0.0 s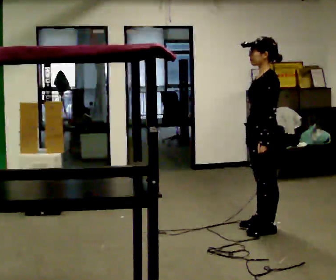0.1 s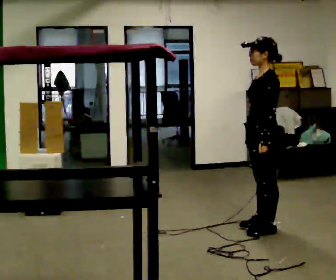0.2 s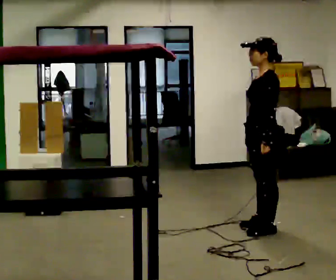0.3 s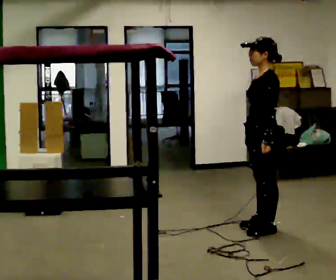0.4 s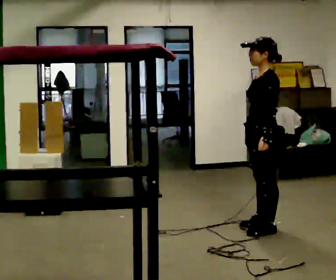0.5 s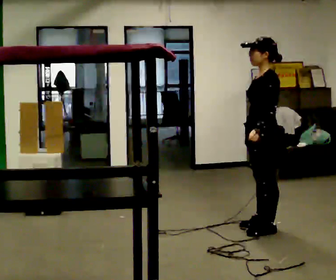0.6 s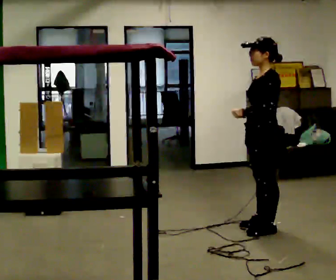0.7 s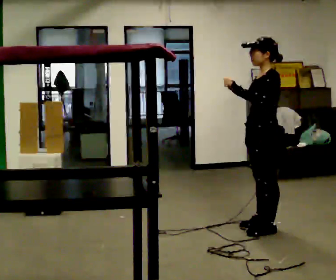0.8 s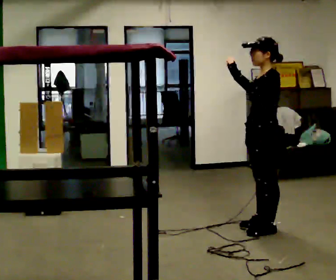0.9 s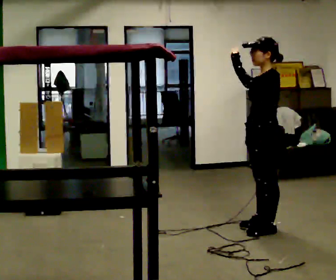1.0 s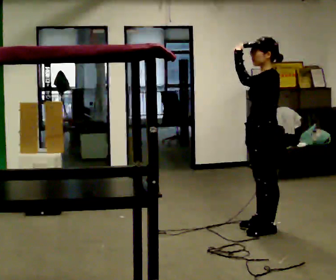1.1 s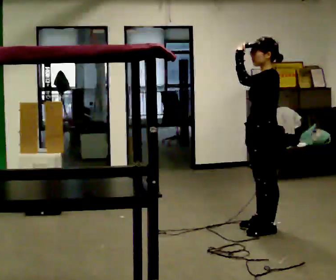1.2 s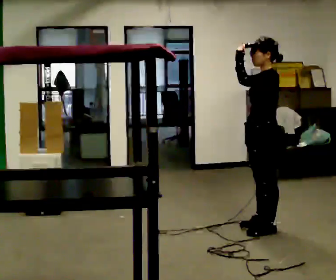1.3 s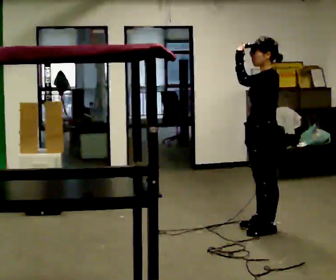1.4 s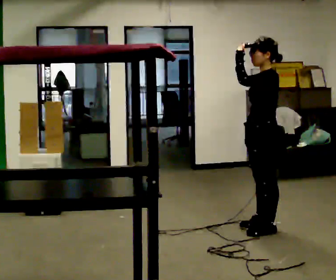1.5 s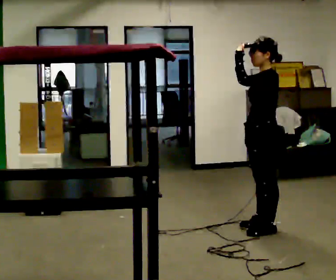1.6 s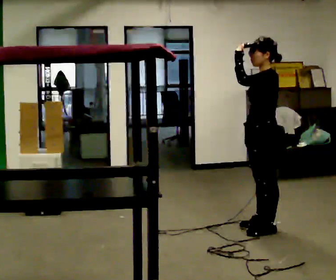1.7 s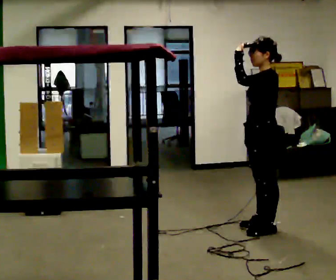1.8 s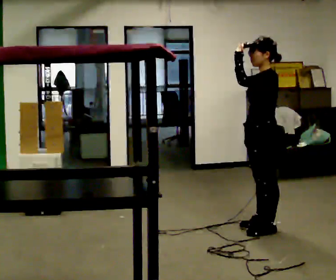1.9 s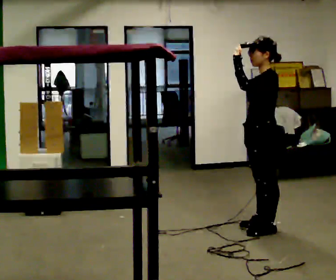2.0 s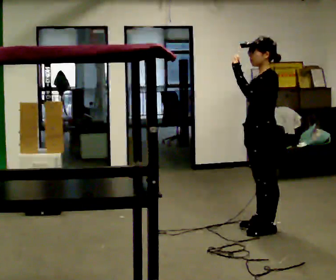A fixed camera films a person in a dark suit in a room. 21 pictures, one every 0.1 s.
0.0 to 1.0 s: In the picture their left hand goes upward.
1.0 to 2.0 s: The person moves a little, or ends about where they began.
The film runs forward here.
